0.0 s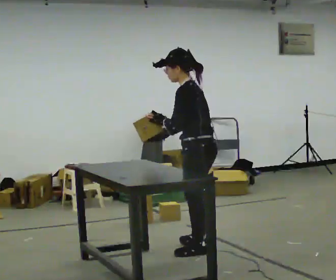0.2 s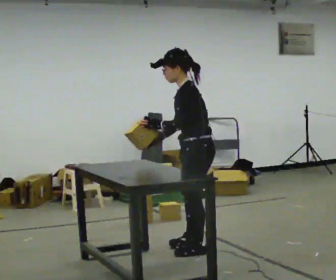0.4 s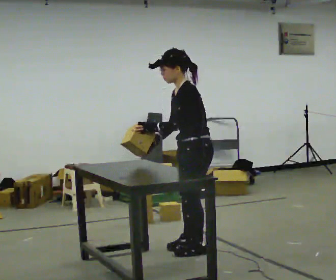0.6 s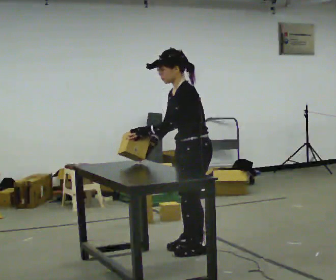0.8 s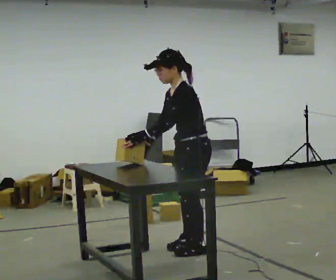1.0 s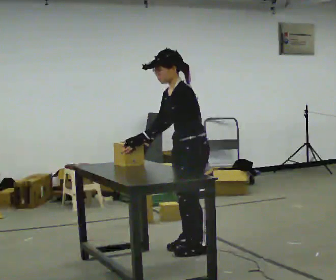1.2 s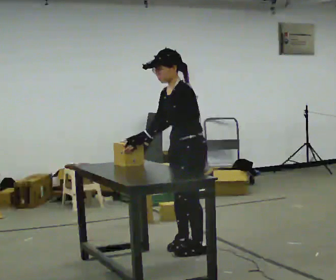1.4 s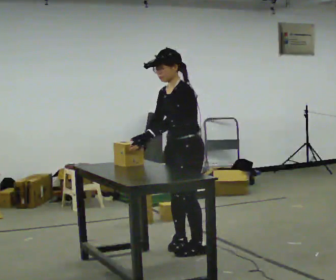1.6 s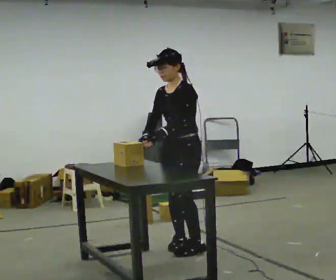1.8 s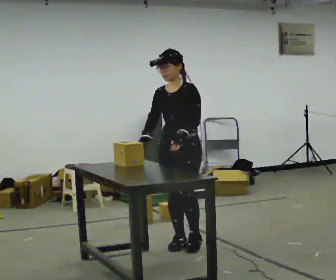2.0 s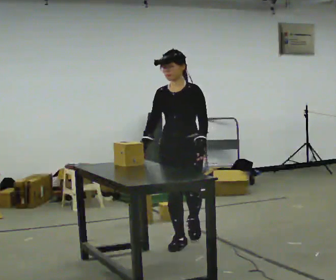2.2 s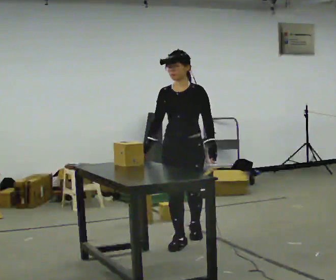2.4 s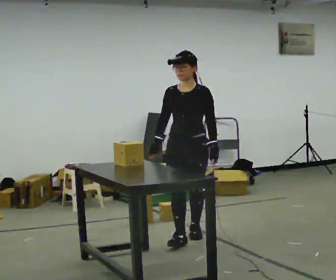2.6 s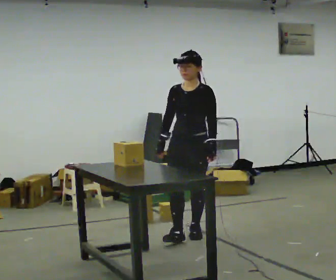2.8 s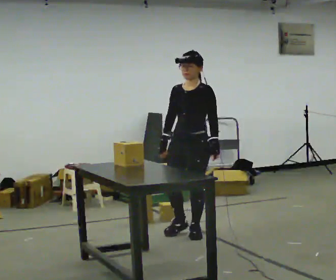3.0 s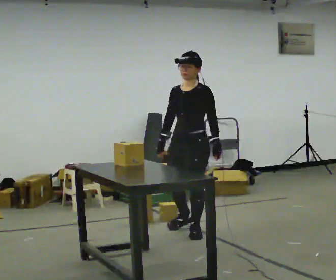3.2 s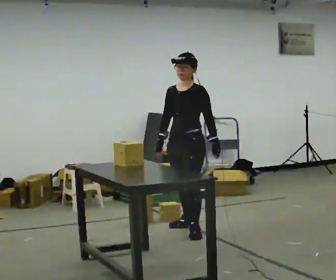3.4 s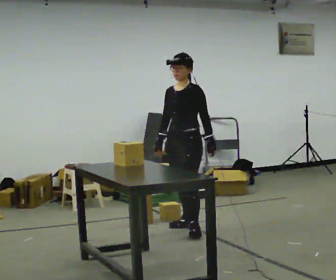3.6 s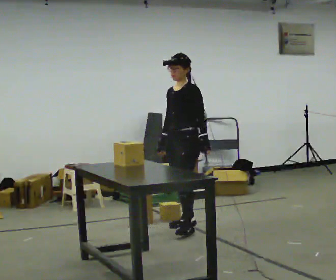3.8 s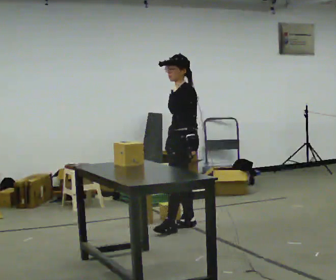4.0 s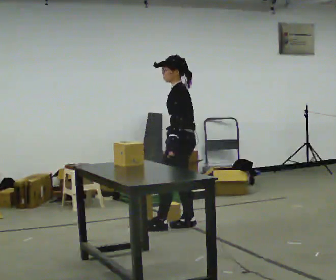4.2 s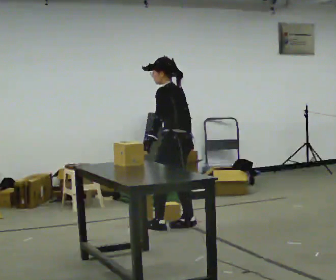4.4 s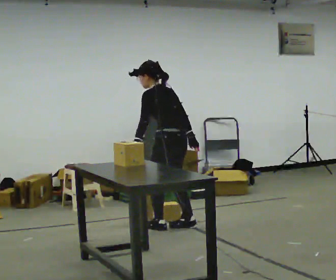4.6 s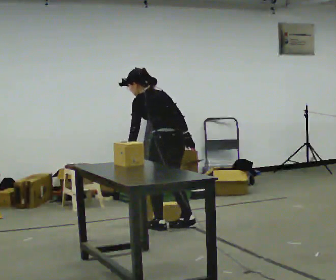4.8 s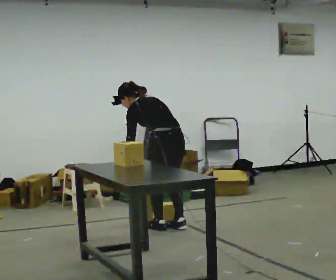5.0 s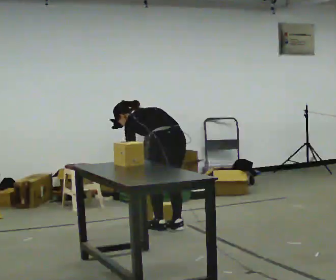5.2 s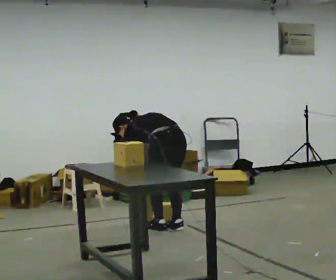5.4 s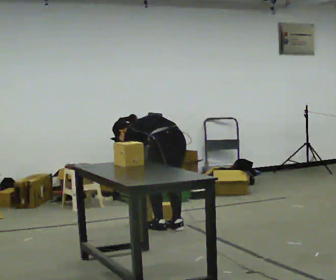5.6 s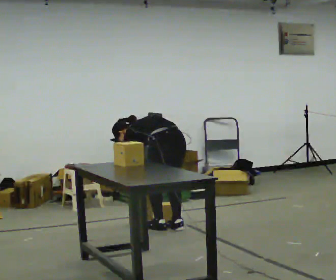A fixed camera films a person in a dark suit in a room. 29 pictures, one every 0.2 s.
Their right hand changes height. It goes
downward.
The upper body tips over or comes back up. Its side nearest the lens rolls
upward.
0.0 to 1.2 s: The person turns about 45 degrees to their left, counterclockwise seen from above, so the part of the body nearest the lens slides to the right.
1.2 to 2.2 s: The part of the body nearest the lens slides to the right as the person turns to their left by about 60 degrees. In the picture they go away from the camera, about 0.25 m in 1 step, which for them is to their right and backward. In the picture the upper body tilts clockwise, shoulders to the right, as they lean back or straighten.
2.2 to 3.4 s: Seen from above the body turns clockwise, about 30 degrees: to their right, with its near side sliding to the left. In the picture they go away from the camera, about 0.5 m in 1 step, which for them is backward and to their right.
3.4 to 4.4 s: The person turns about 75 degrees to their right, clockwise seen from above, so the part of the body nearest the lens slides to the left. In the picture the upper body tilts counterclockwise, shoulders to the left, as they bend forward.
4.4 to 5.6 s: The upper body goes downward. The upper body tips away from the camera, its near side rolling upward, as they bend forward. In the picture their left hand goes downward.
The film runs backward here.
